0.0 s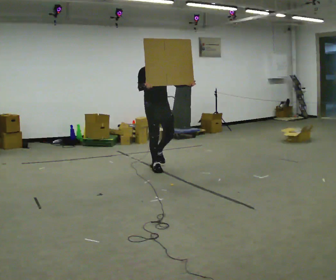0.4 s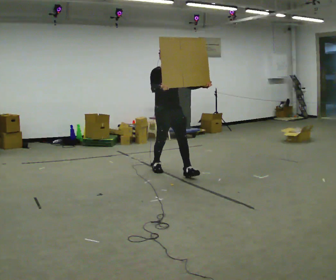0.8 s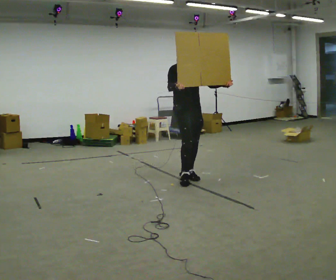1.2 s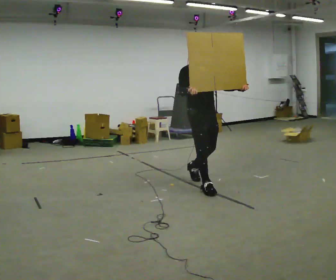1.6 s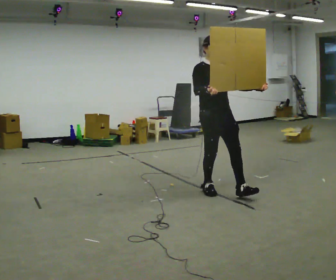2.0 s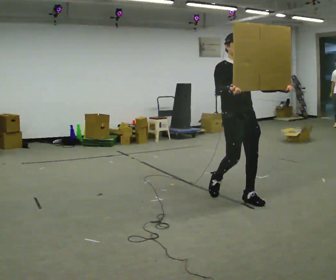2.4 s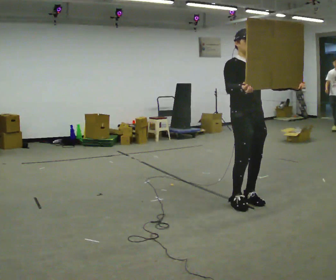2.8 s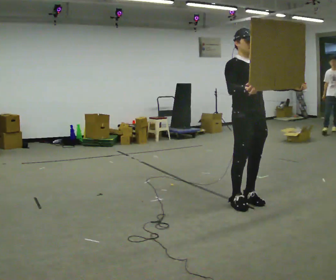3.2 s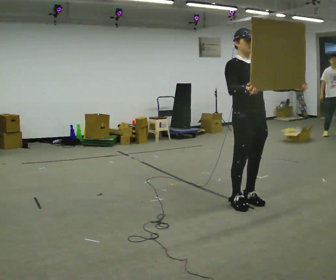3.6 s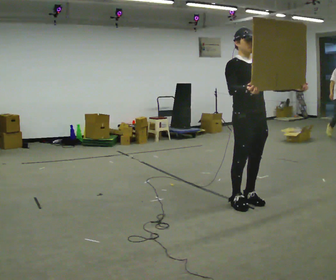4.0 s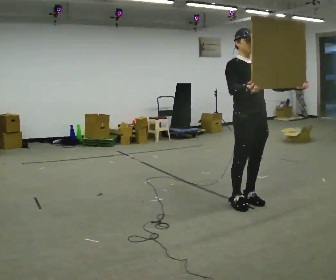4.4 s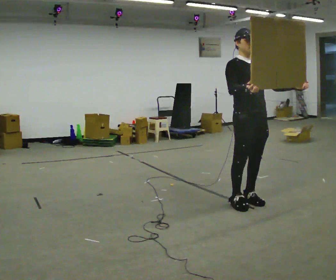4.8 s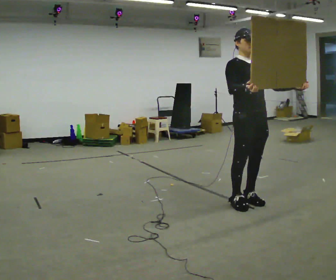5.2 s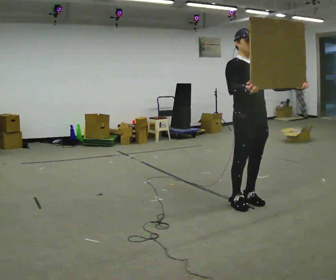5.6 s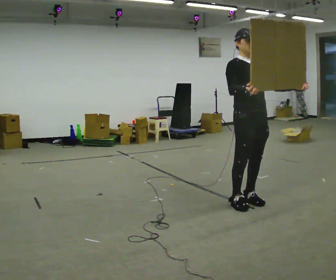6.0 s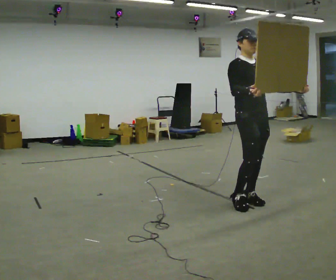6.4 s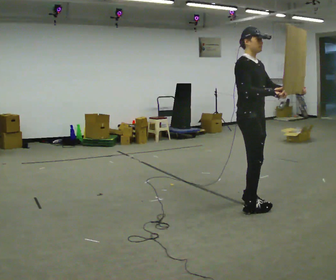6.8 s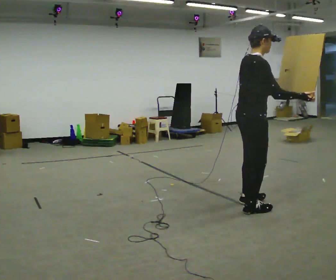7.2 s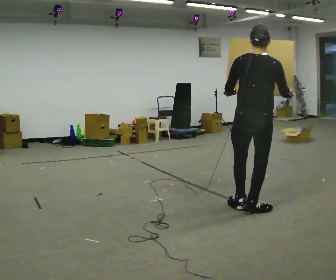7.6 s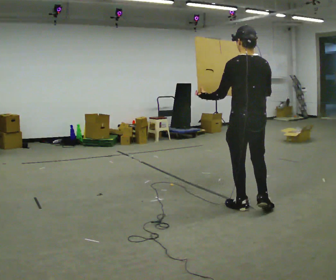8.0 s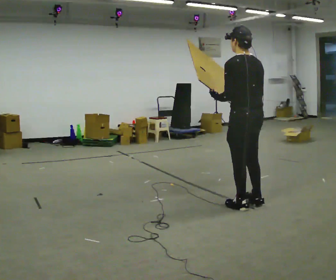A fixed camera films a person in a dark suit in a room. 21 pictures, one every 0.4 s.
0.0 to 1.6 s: In the picture they go to the right and toward the camera, about 1.5 m in 2 steps, which for them is forward.
1.6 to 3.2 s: In the picture they go to the right and toward the camera, about 0.5 m in 2 steps, which for them is forward.
3.2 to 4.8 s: The person keeps their place and pose.
4.8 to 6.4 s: The person turns about 30 degrees to their left, counterclockwise seen from above, so the part of the body nearest the lens slides to the right.
6.4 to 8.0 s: The person turns about 150 degrees to their left, counterclockwise seen from above, so the part of the body nearest the lens slides to the right. In the picture their right hand goes to the left.
The film runs forward here.
